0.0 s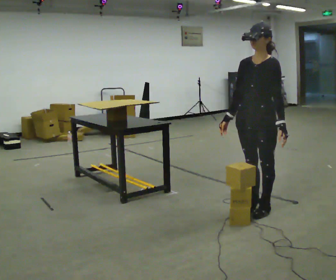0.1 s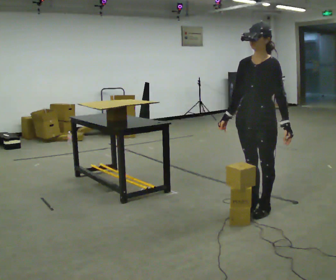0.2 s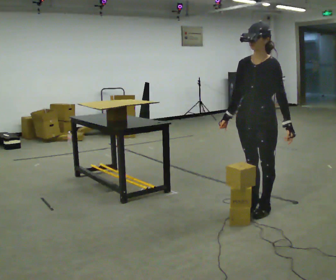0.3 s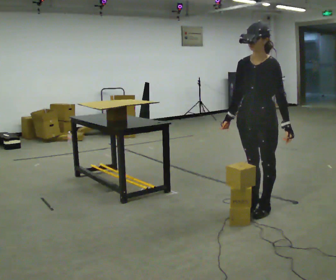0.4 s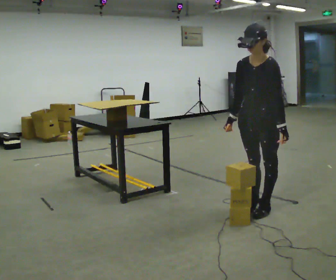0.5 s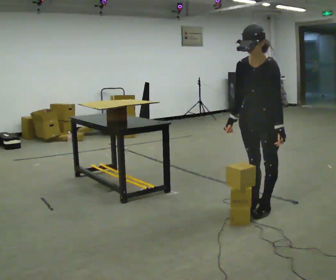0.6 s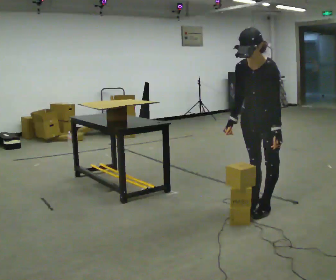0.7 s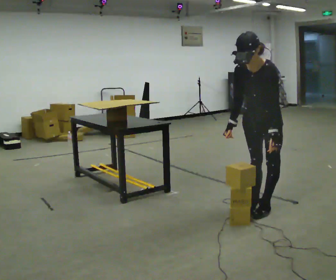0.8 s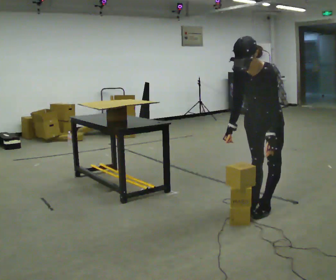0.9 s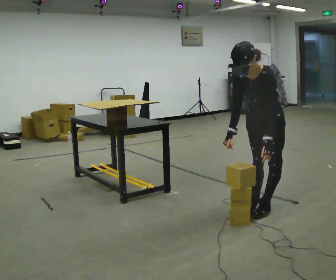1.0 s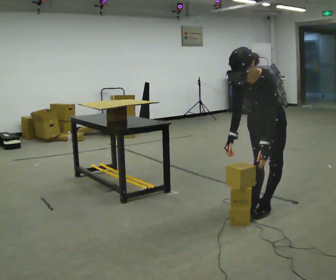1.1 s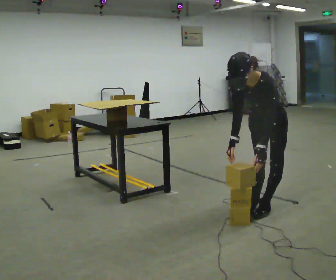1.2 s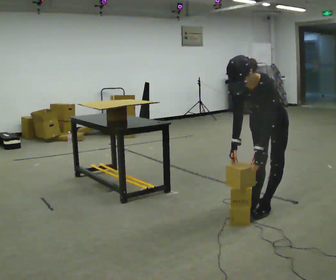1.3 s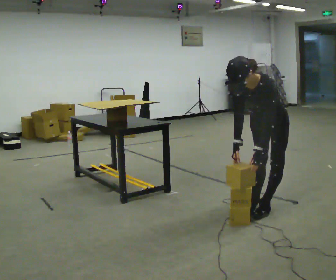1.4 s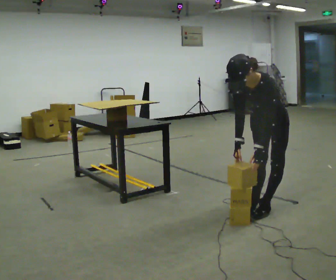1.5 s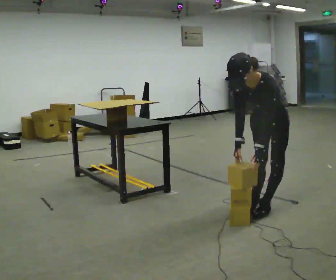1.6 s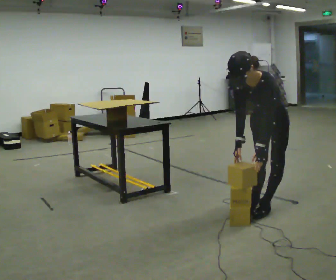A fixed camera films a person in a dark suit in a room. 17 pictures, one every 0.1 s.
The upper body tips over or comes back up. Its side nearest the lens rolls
downward.
0.0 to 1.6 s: The upper body tips toward the camera, its near side rolling downward, as they bend forward.
The film runs forward here.
